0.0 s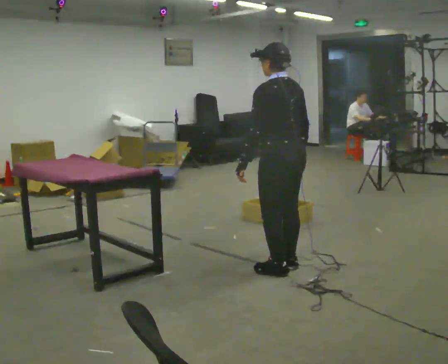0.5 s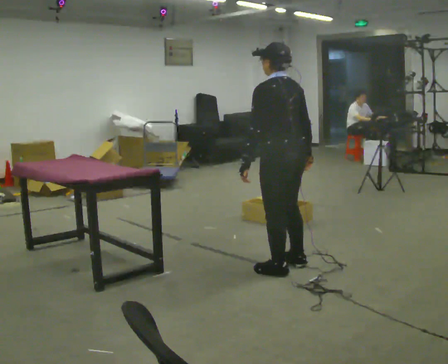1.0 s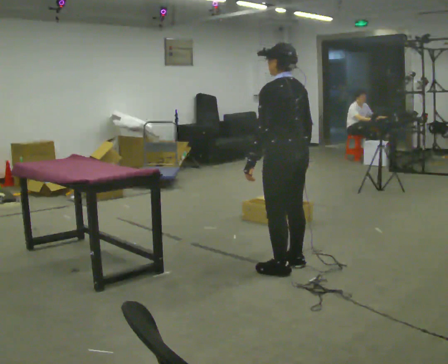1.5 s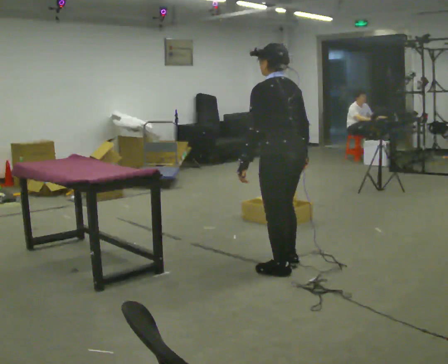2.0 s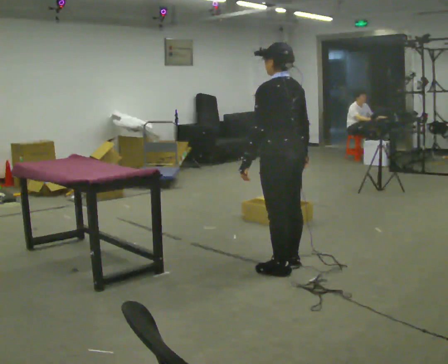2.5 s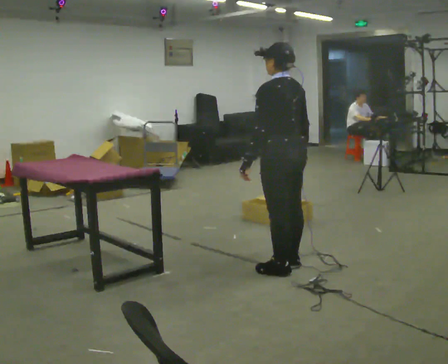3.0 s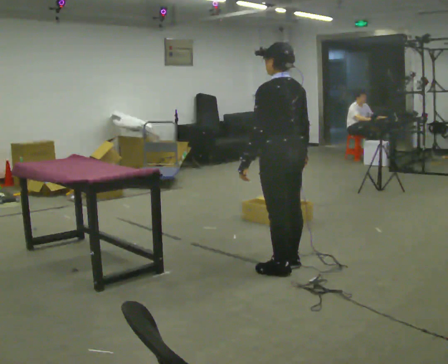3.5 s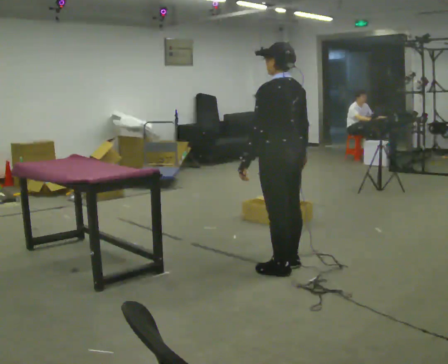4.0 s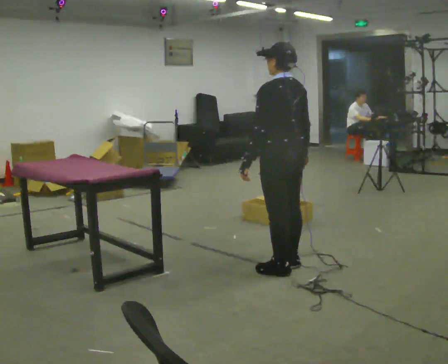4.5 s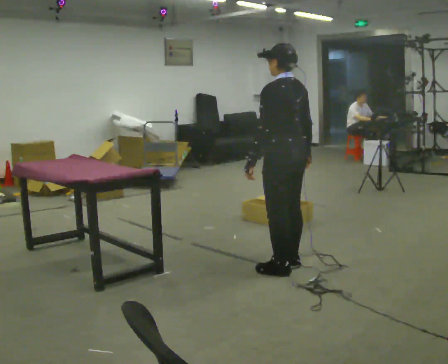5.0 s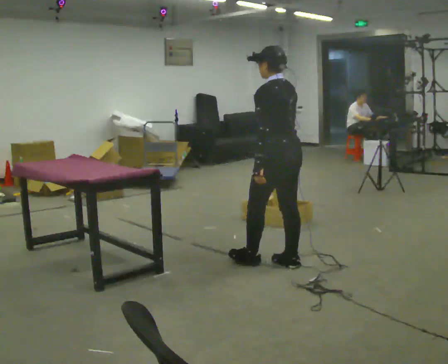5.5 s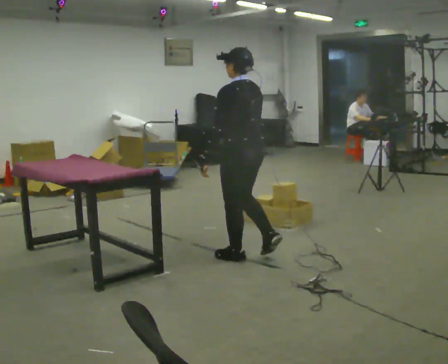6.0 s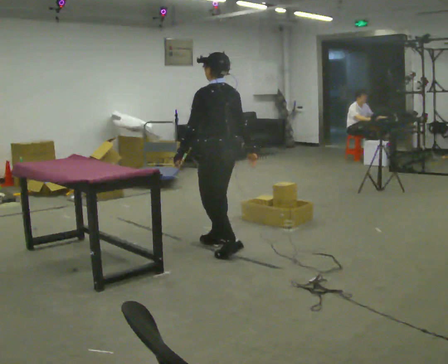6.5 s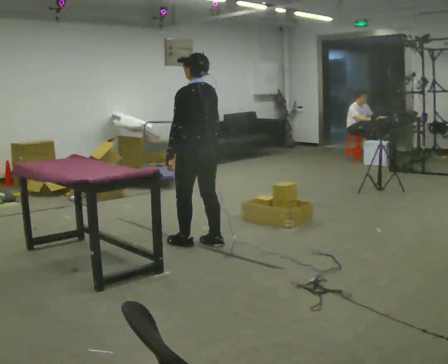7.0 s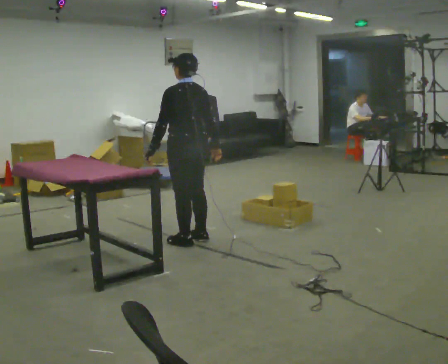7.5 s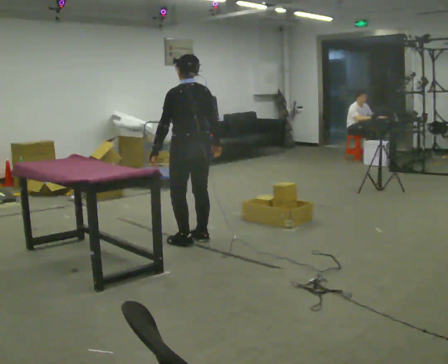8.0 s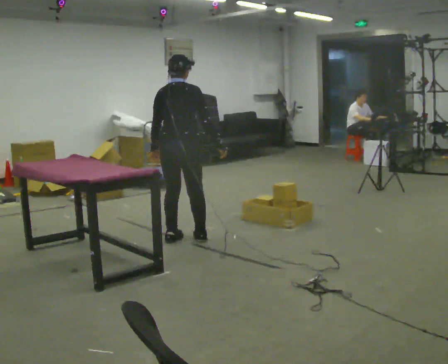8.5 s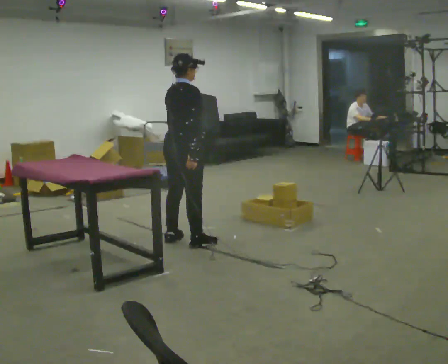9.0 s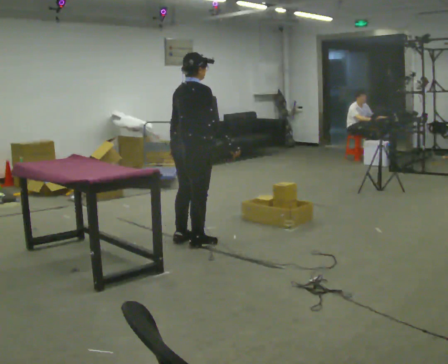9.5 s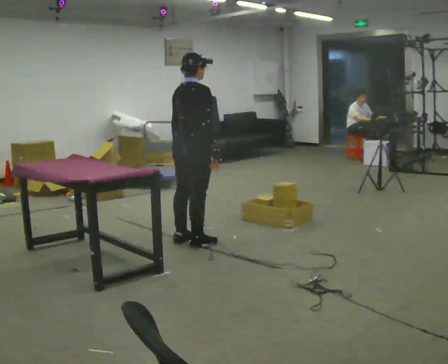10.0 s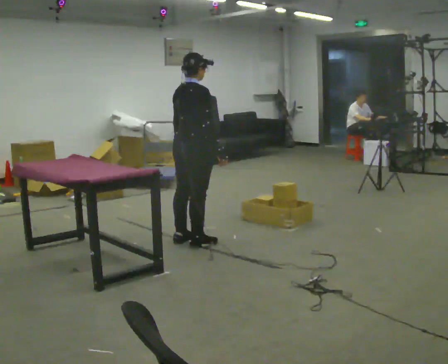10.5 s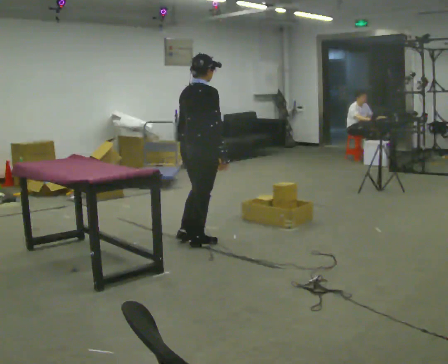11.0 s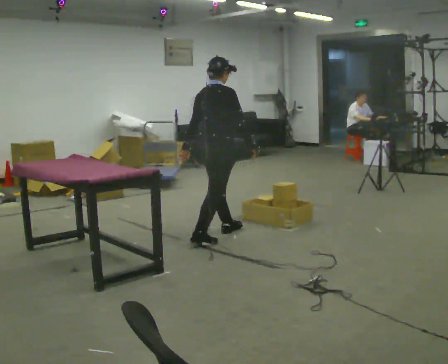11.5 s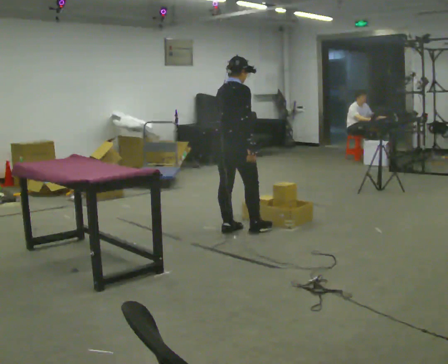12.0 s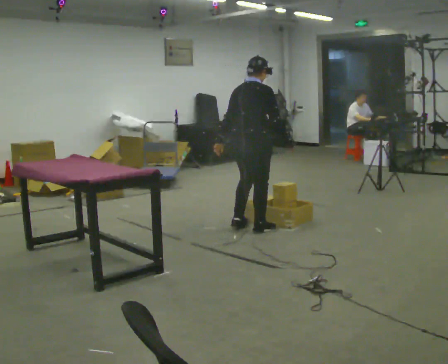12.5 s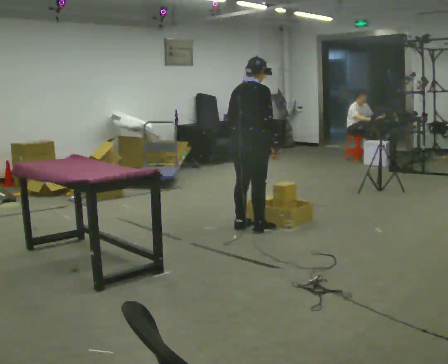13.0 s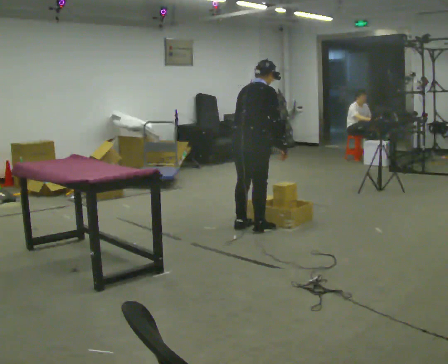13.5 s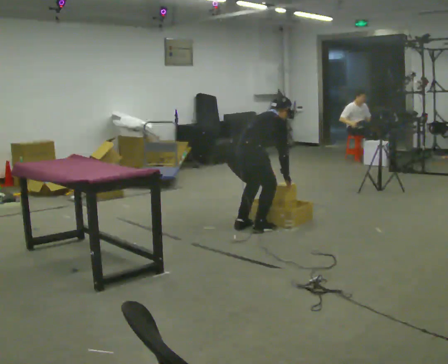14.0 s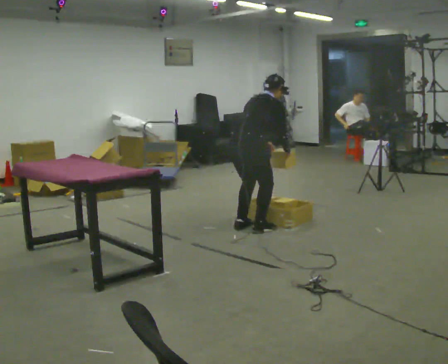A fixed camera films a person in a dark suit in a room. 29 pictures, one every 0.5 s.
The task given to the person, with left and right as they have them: Carry the object across the room and place it on the lowest shelf, crouching down to do it. Keep going until the operator says stop; one object at a time, and do not rush between trips.
0.0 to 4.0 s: The person moves a little, or ends about where they began.
4.0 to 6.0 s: In the picture they go away from the camera and to the left, about 0.75 m in 2 steps, which for them is forward.
6.0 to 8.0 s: The part of the body nearest the lens slides to the left as the person turns to their right by about 75 degrees. In the picture they go away from the camera and to the left, about 0.5 m in 3 steps.
8.0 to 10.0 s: The person moves a little, or ends about where they began.
10.0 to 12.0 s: In the picture they go to the right, about 0.5 m in 2 steps, which for them is forward.
12.0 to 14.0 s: In the picture their left hand goes to the right.
The film runs forward here.
